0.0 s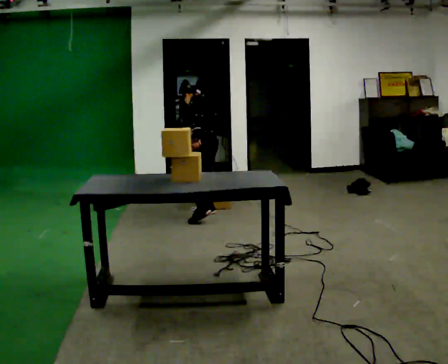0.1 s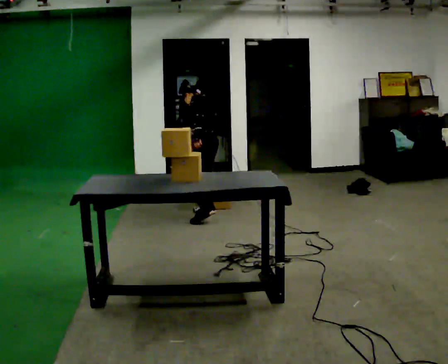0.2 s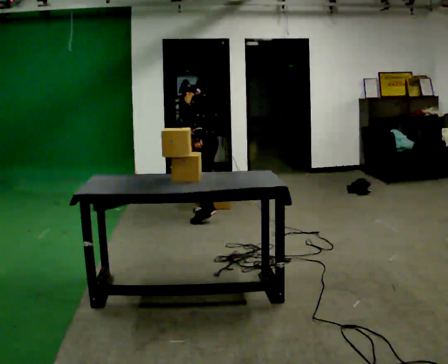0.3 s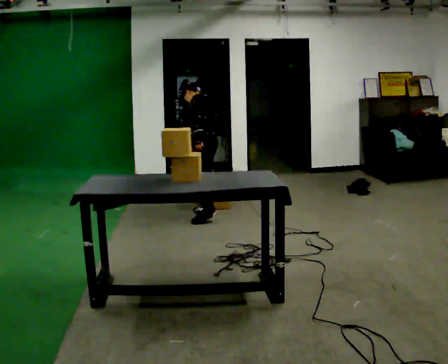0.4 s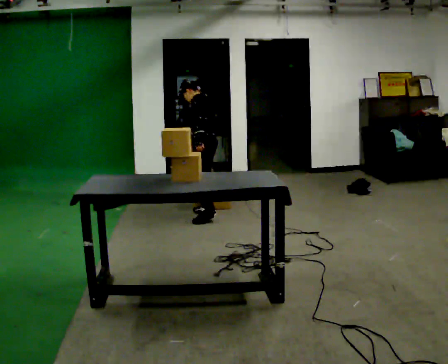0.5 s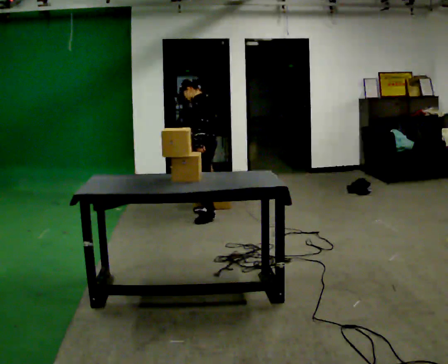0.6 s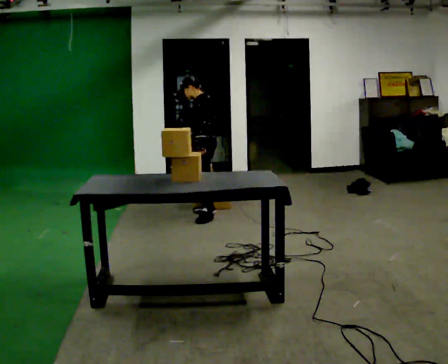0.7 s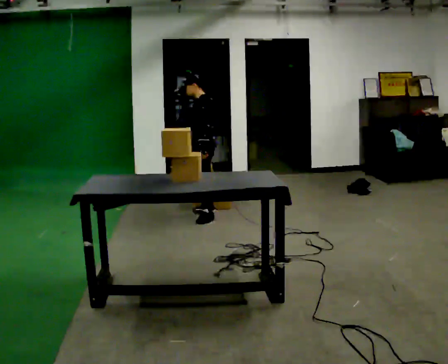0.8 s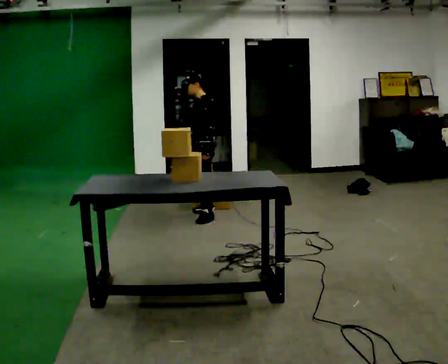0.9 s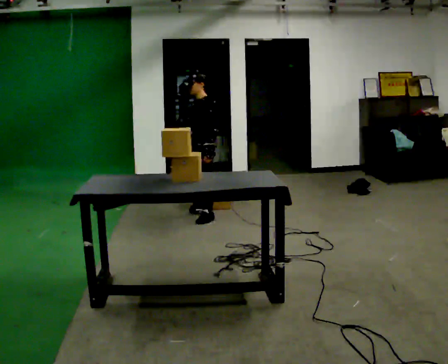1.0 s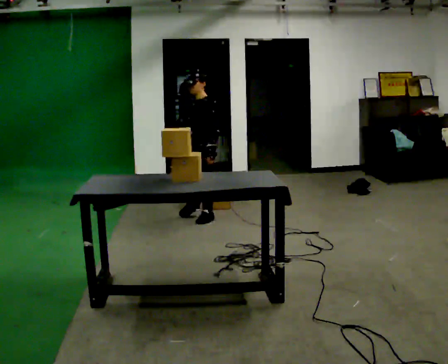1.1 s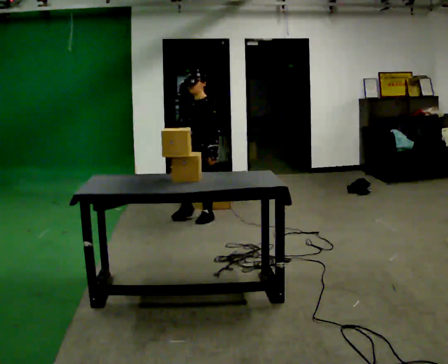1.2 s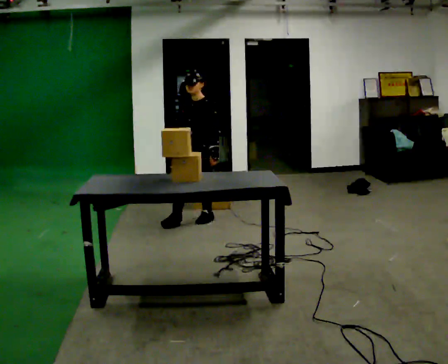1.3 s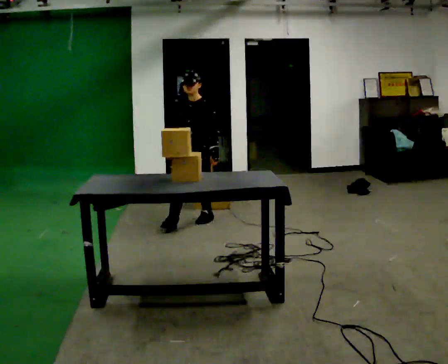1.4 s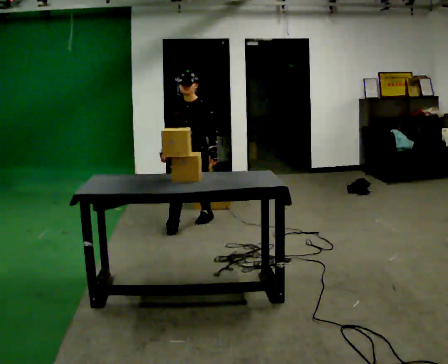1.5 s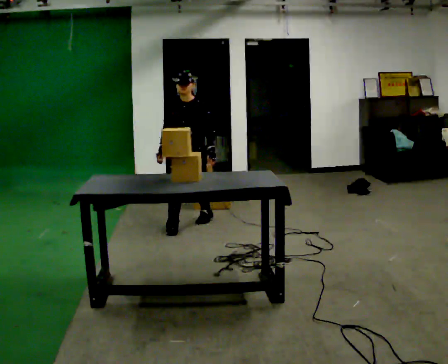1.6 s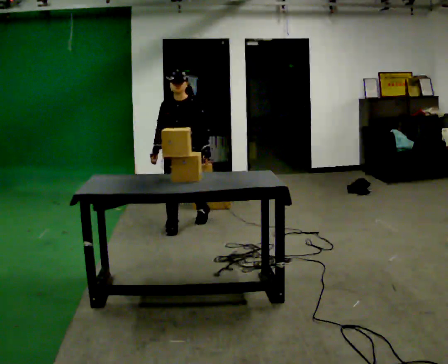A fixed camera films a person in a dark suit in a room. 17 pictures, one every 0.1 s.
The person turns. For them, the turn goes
to their left.
The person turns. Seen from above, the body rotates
counterclockwise.
0.0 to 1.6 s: The person turns about 105 degrees to their left, counterclockwise seen from above, so the part of the body nearest the lens slides to the right. In the picture they go toward the camera and to the left, about 0.5 m in 1 step. The upper body tips toward the camera, its near side rolling downward, as they lean back or straighten.
The film runs forward here.
